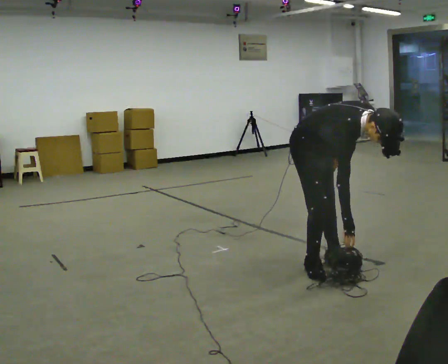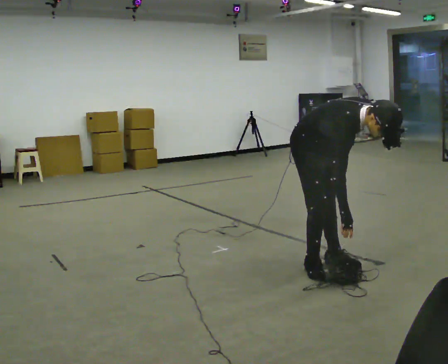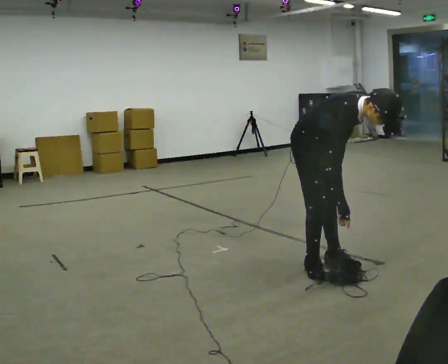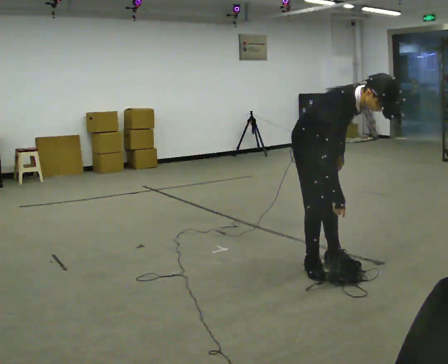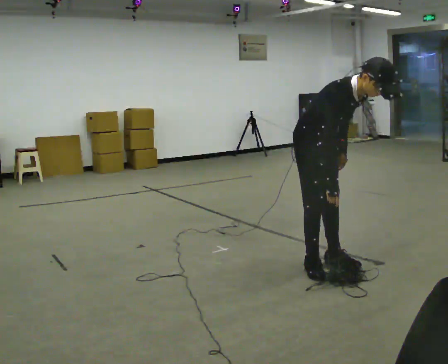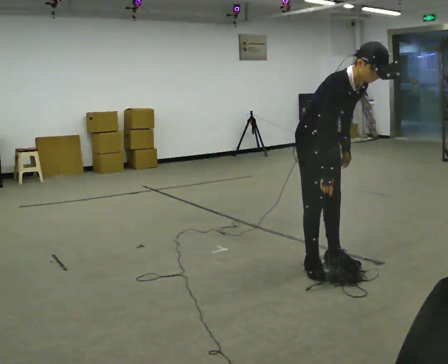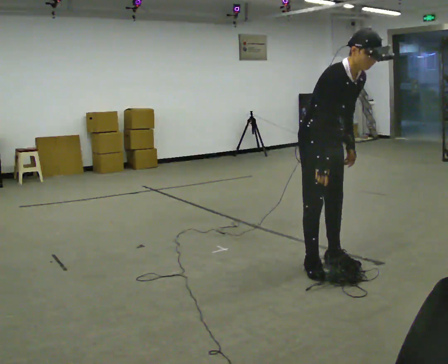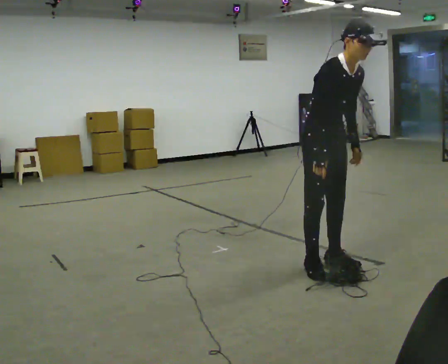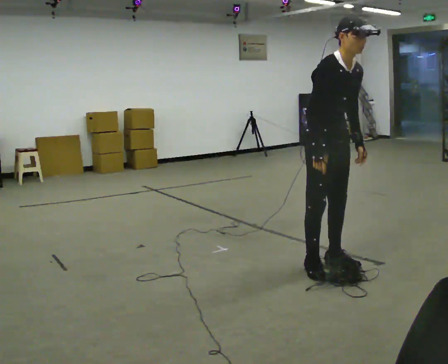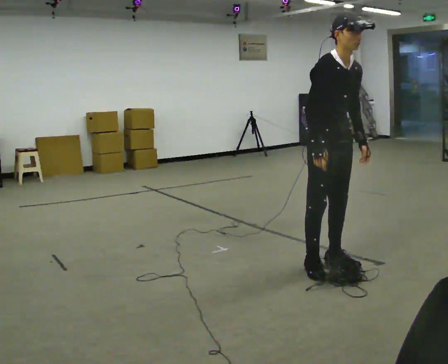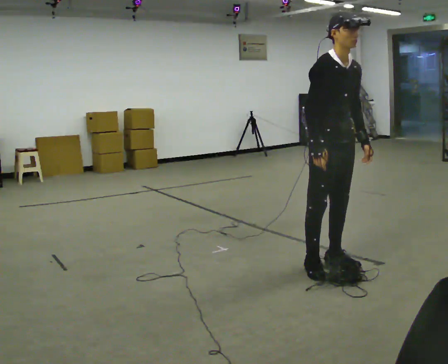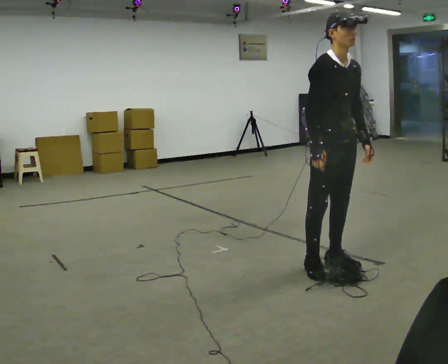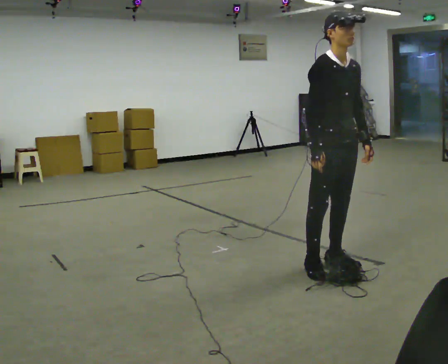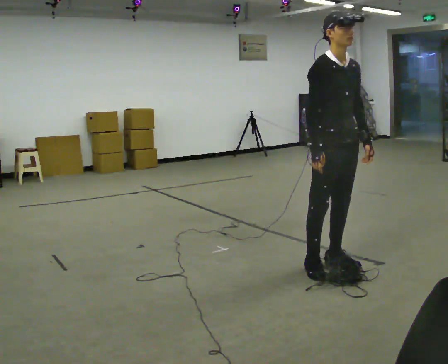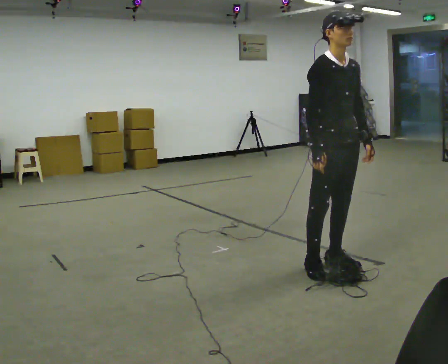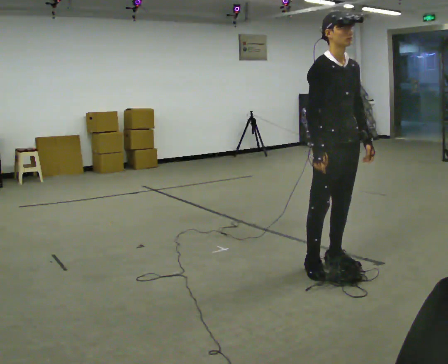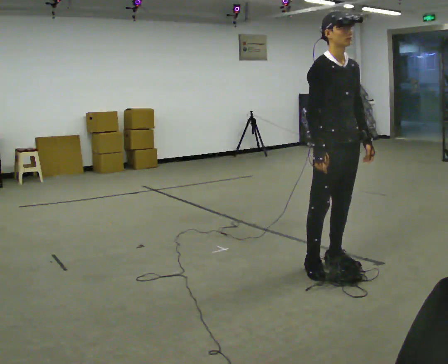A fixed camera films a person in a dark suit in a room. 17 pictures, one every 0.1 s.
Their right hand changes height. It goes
upward.
The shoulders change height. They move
upward.
0.0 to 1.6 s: In the picture they go to the right and toward the camera, about 0.25 m, which for them is forward. The upper body goes upward. In the picture the upper body tilts counterclockwise, shoulders to the left, as they lean back or straighten.
The film runs forward here.
